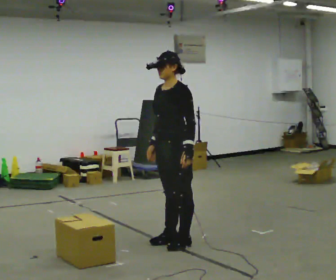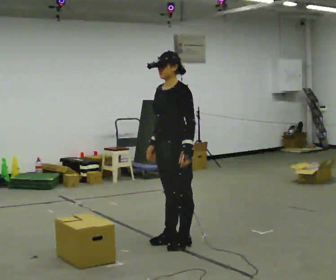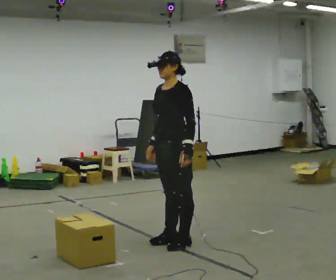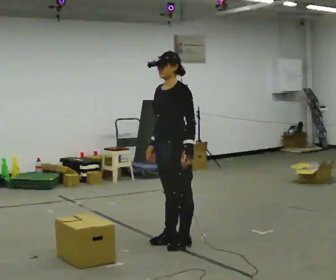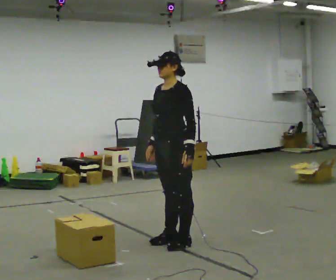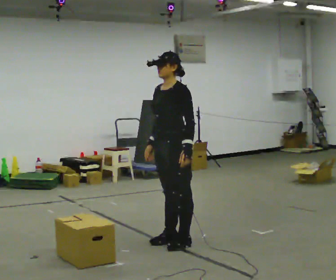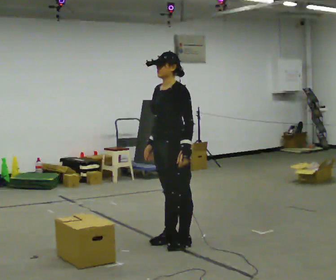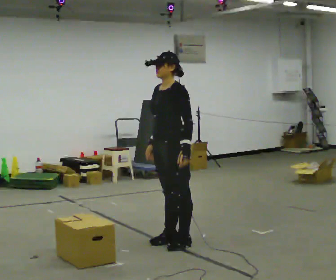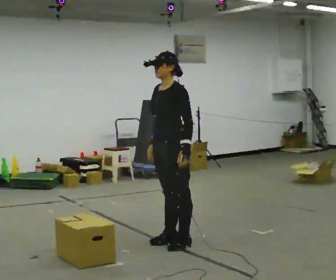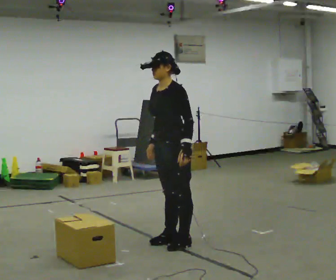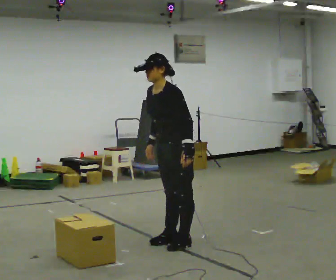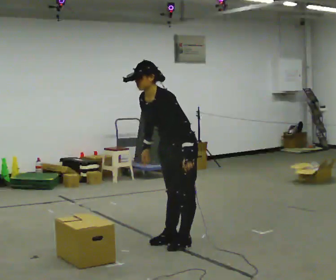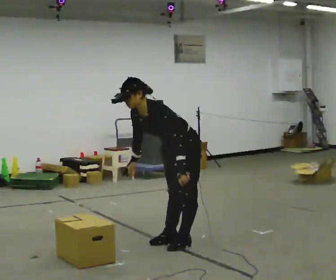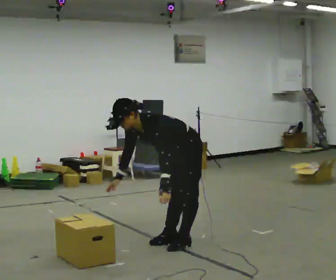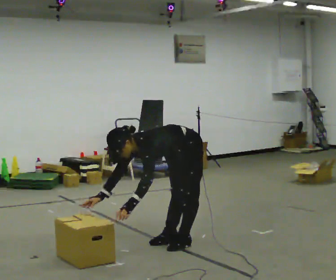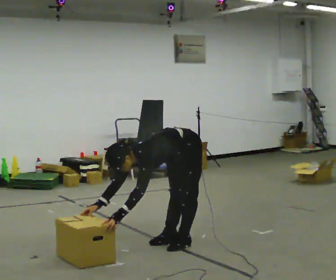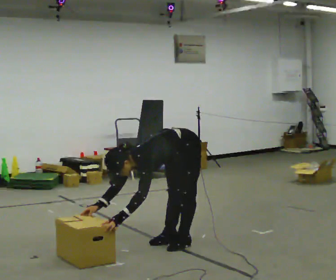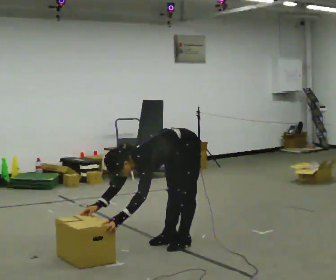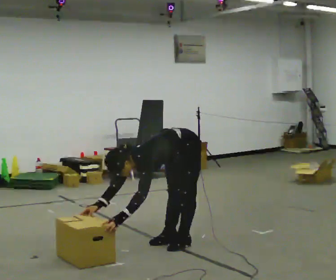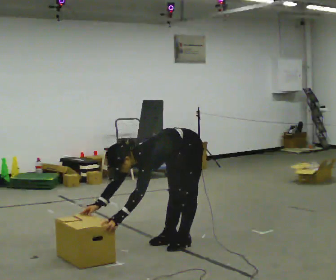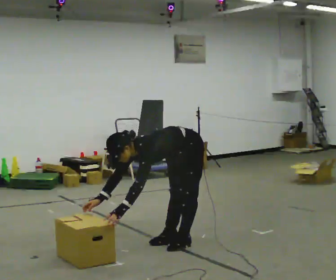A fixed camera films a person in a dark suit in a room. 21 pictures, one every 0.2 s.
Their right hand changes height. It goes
downward.
The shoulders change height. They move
downward.
0.0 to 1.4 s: The person keeps their place and pose.
1.4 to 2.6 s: The shoulders move downward. In the picture the upper body tilts counterclockwise, shoulders to the left, as they bend forward.
2.6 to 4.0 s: In the picture their left hand goes to the left.
The film runs backward here.
